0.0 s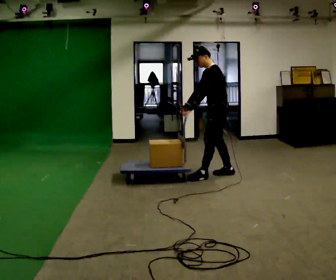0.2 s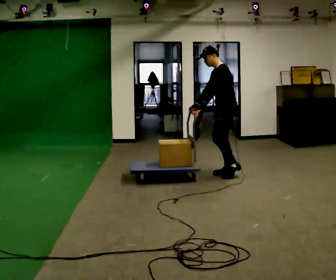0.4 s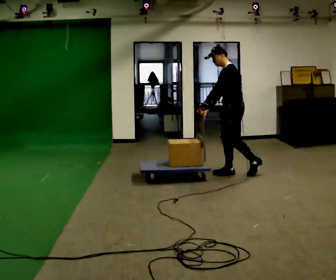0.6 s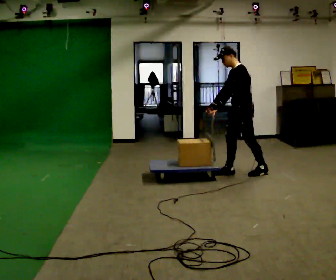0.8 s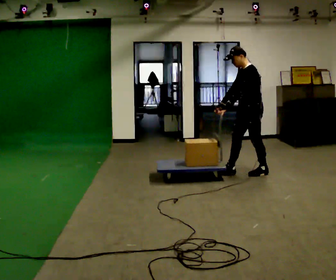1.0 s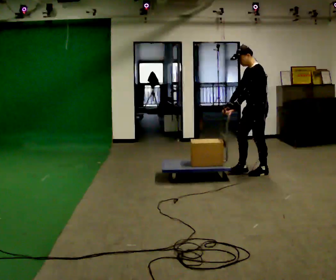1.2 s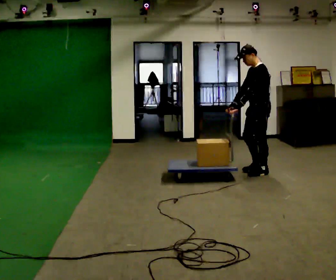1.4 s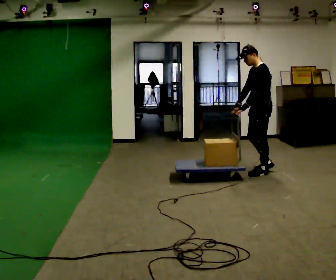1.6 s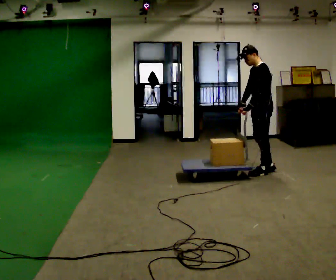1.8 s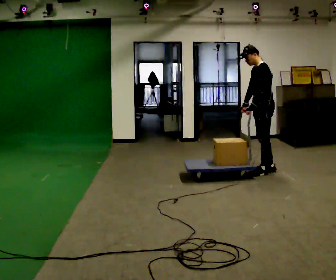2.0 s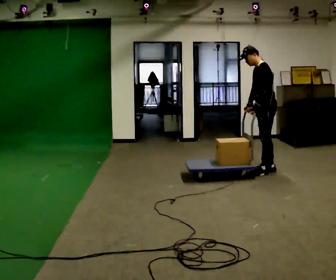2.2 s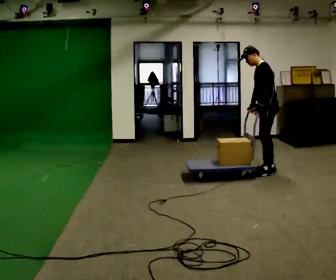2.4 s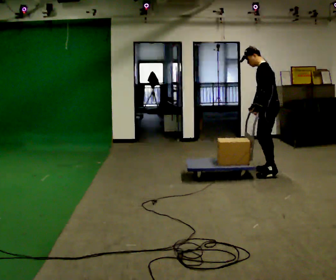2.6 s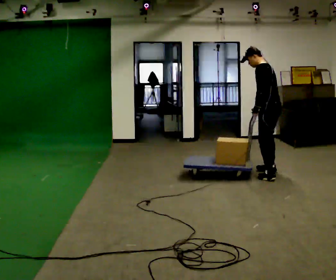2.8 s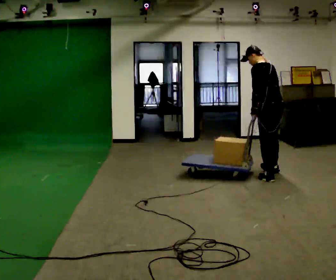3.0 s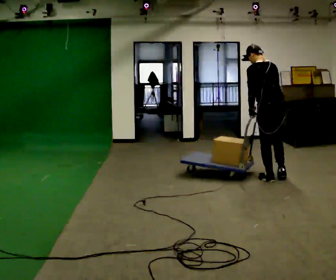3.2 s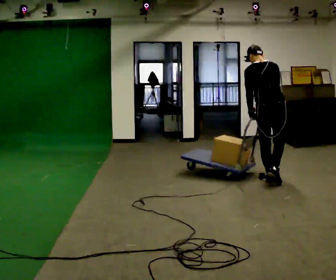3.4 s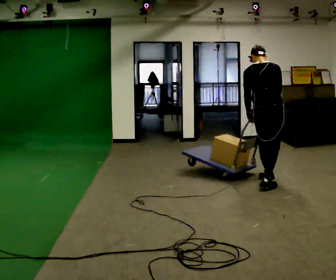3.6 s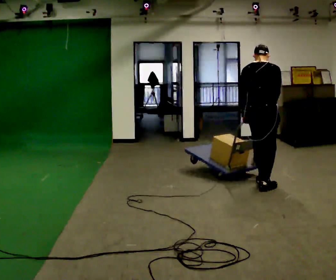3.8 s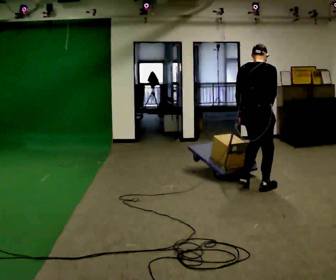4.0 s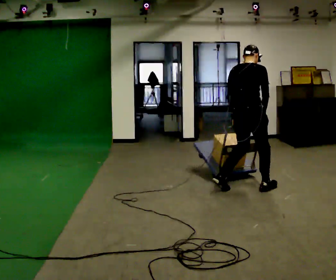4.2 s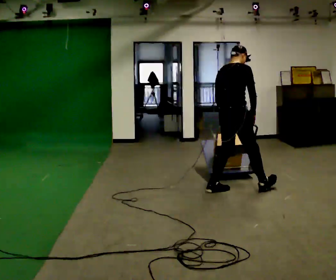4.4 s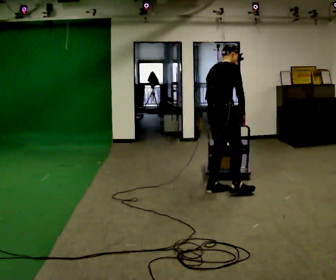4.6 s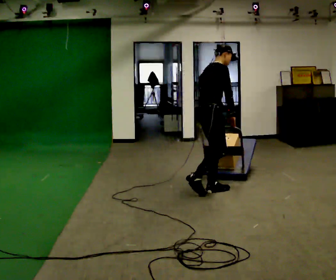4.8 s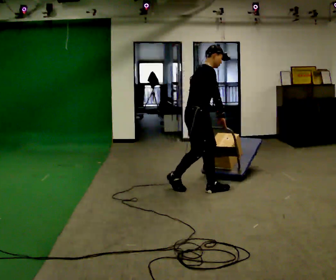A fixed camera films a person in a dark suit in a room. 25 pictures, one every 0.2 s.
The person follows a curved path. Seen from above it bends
clockwise.
The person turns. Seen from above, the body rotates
clockwise.
0.0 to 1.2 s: In the picture they go to the right, about 0.5 m in 1 step, which for them is backward.
1.2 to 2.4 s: Seen from above the body turns clockwise, about 30 degrees: to their right, with its near side sliding to the left.
2.4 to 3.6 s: Seen from above the body turns clockwise, about 90 degrees: to their right, with its near side sliding to the left. In the picture they go toward the camera, about 0.5 m in 2 steps.
3.6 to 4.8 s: The part of the body nearest the lens slides to the left as the person turns to their right by about 75 degrees. In the picture they go to the left, about 1 m in 1 step.
The film runs backward here.
